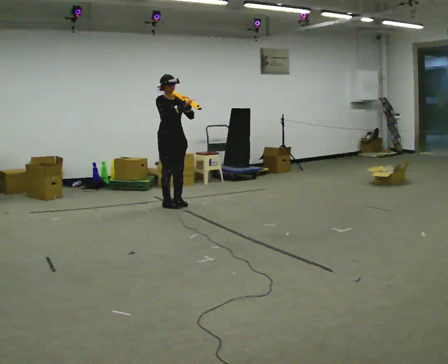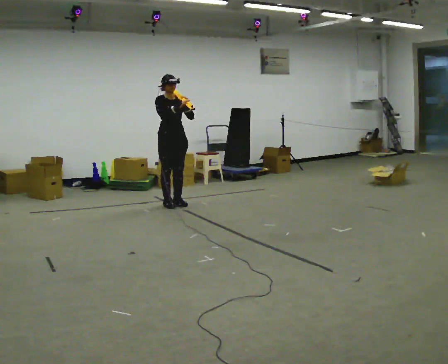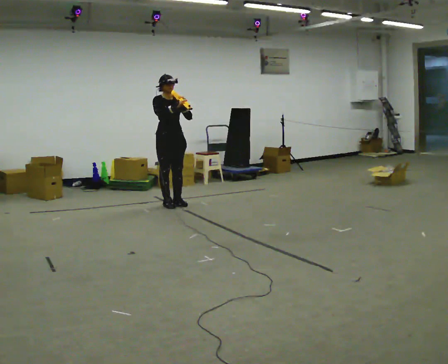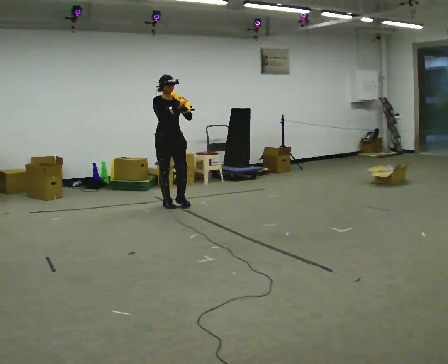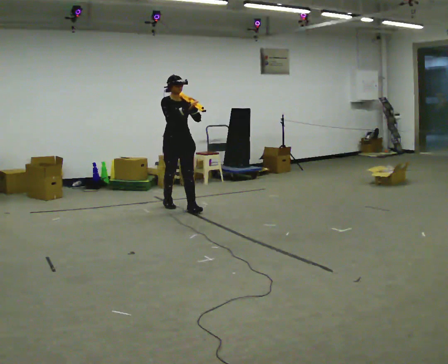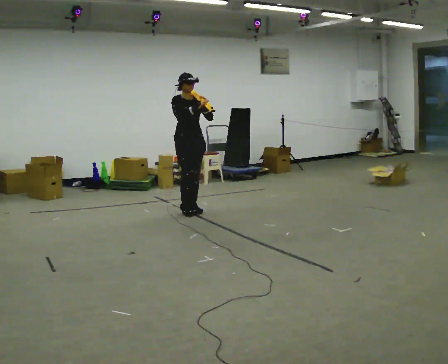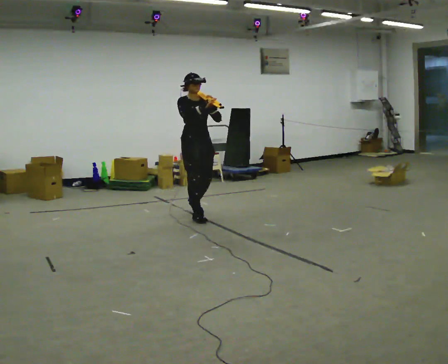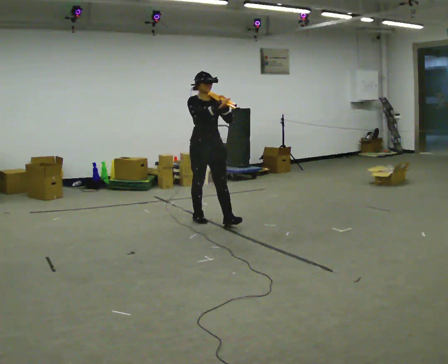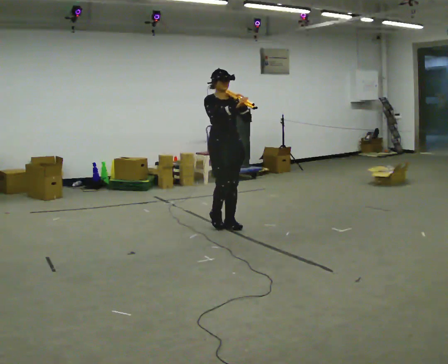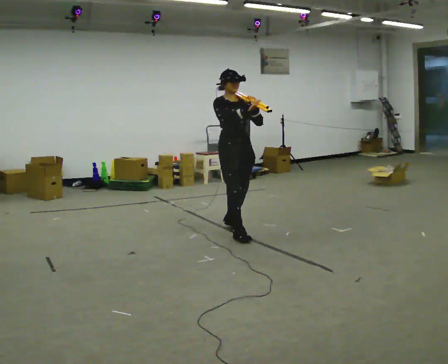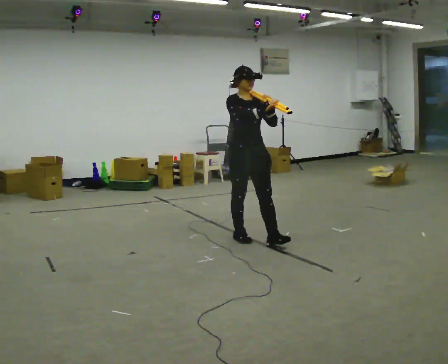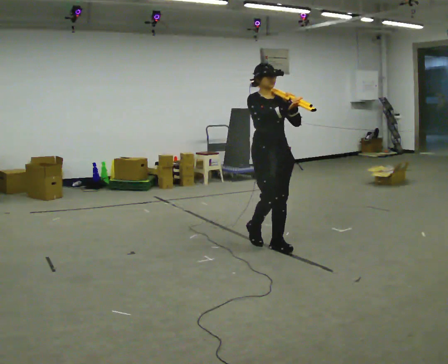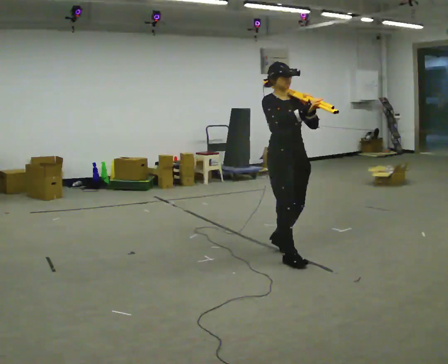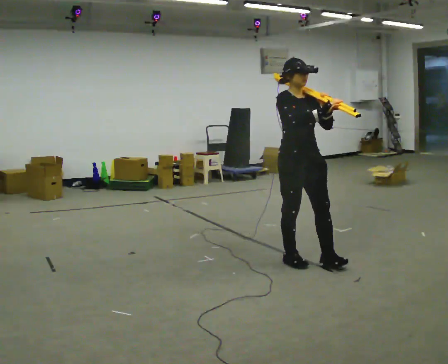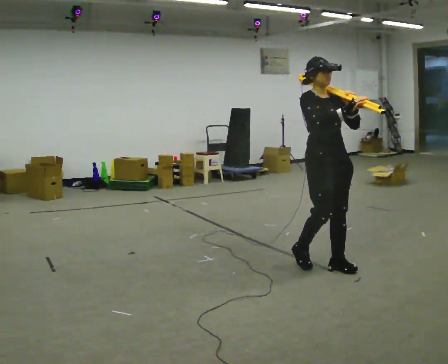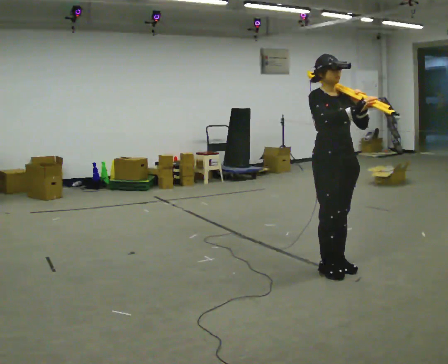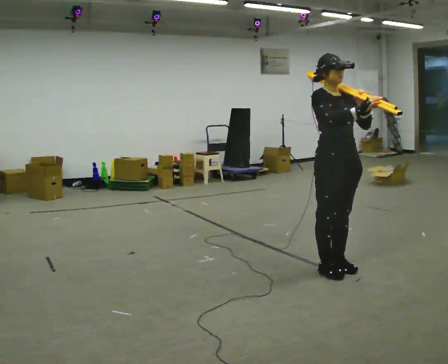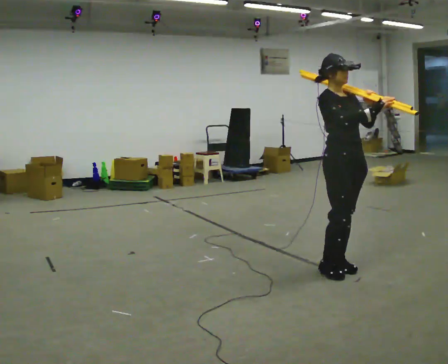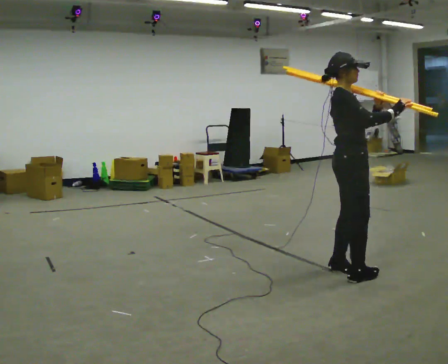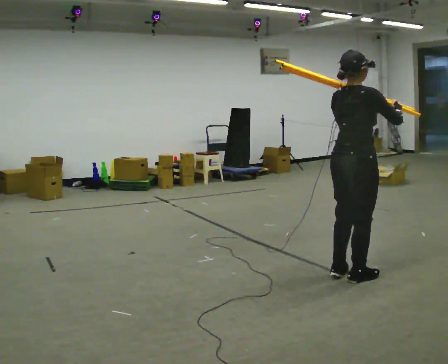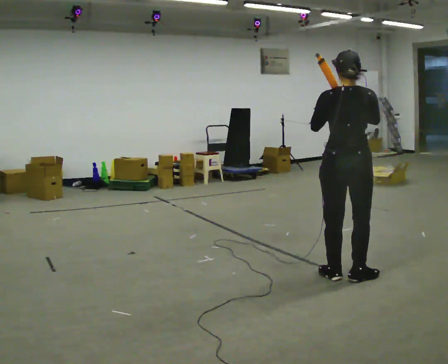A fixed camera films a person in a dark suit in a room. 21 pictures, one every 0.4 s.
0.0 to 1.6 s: In the picture they go toward the camera, about 0.25 m in 1 step, which for them is forward.
1.6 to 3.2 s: In the picture they go toward the camera and to the right, about 1 m in 2 steps, which for them is forward.
3.2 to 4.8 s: In the picture they go toward the camera and to the right, about 1 m in 3 steps, which for them is forward.
4.8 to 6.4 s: In the picture they go toward the camera and to the right, about 0.5 m in 2 steps, which for them is forward.
6.4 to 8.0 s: Seen from above the body turns counterclockwise, about 135 degrees: to their left, with its near side sliding to the right. In the picture they go toward the camera, about 0.25 m in 2 steps.
The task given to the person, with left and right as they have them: Rest the long object on the shoulder the operator calls and carry it across the room, back and forth.
The film runs forward here.
